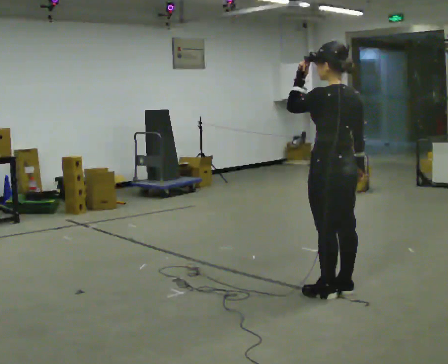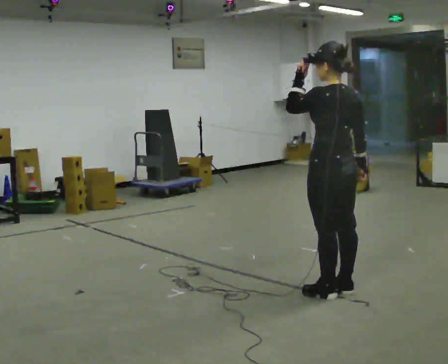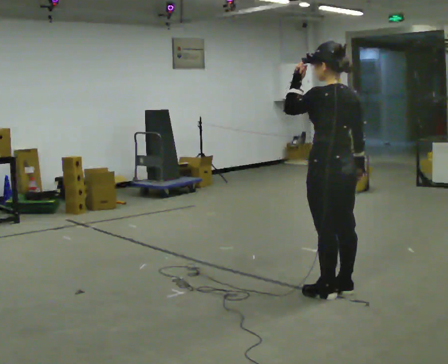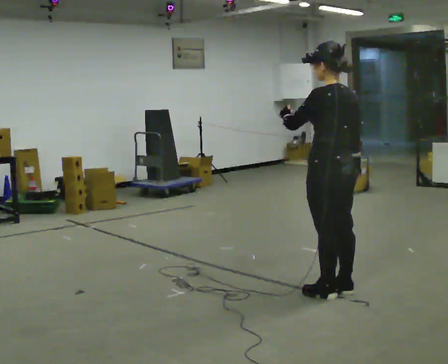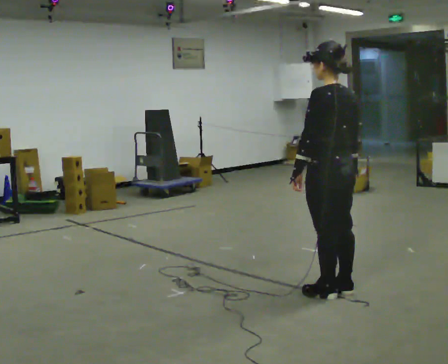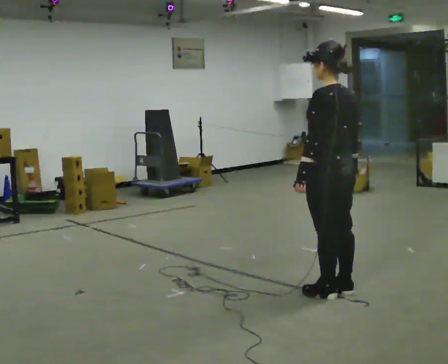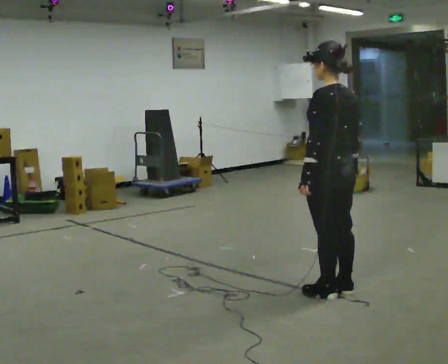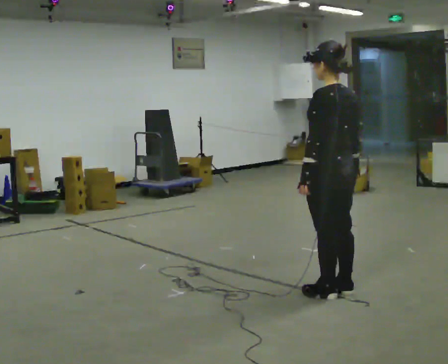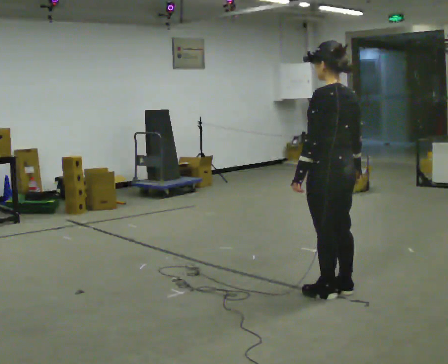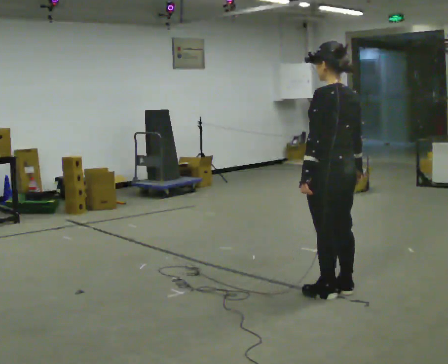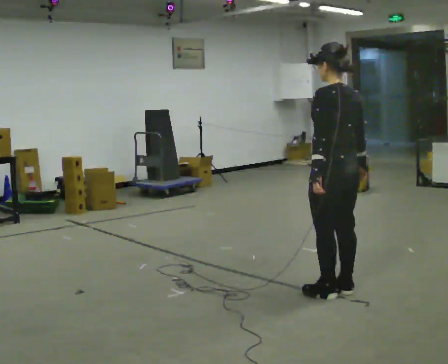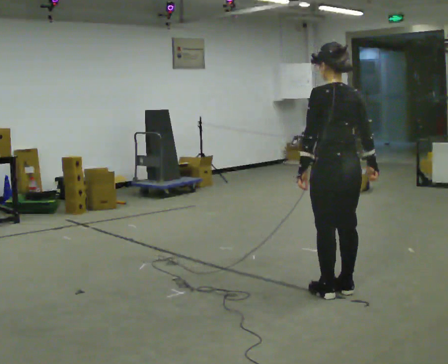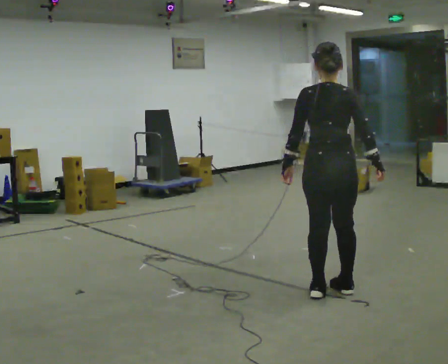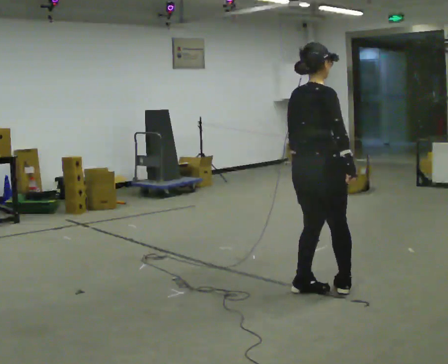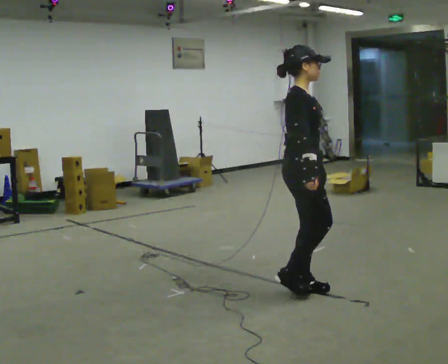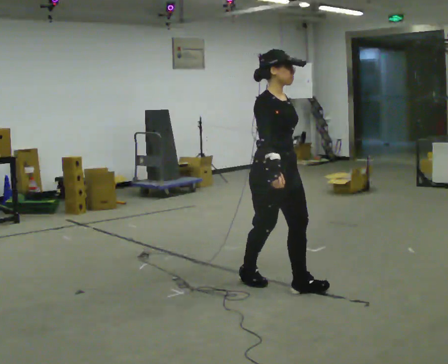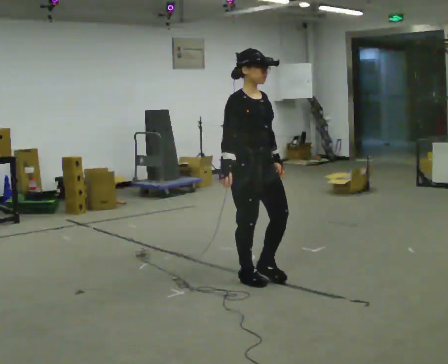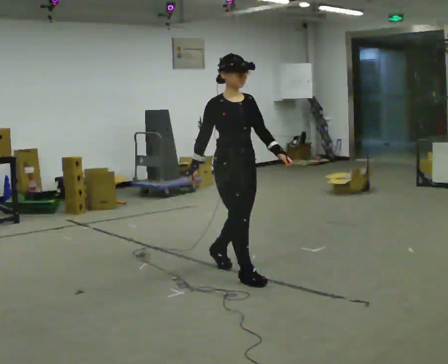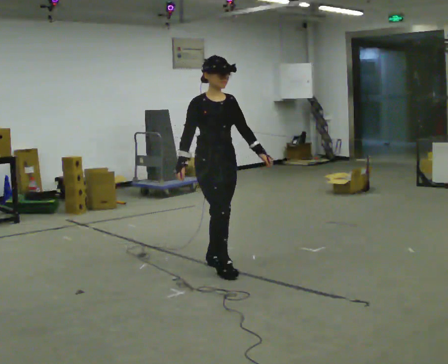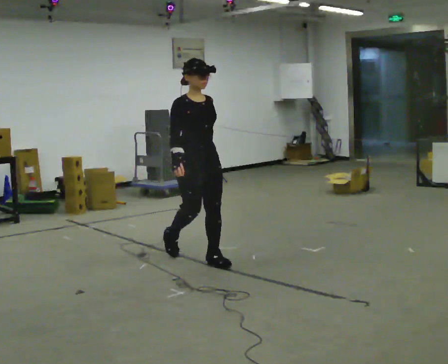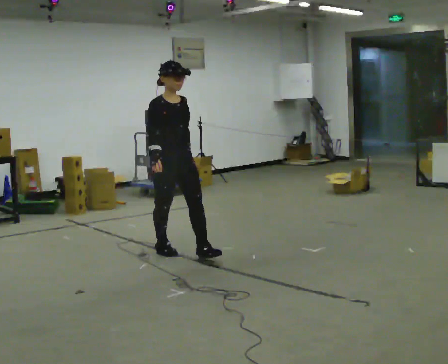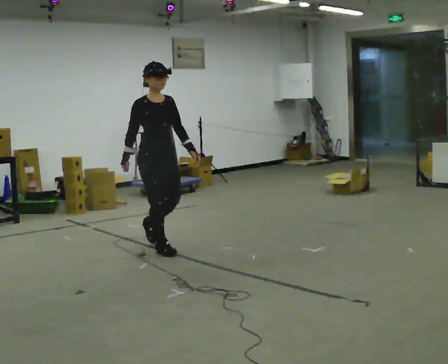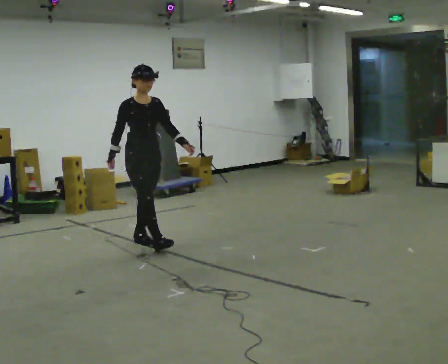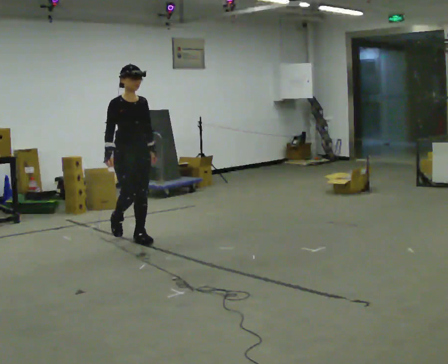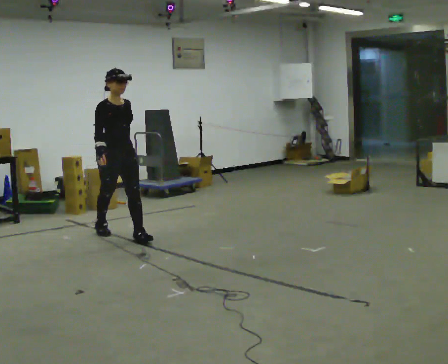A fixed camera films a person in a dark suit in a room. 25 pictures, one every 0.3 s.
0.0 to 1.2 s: In the picture their left hand goes downward.
1.2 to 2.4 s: The person moves a little, or ends about where they began.
2.4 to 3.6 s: The part of the body nearest the lens slides to the left as the person turns to their right by about 45 degrees.
3.6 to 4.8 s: The person turns about 135 degrees to their right, clockwise seen from above, so the part of the body nearest the lens slides to the left. In the picture they go to the left and away from the camera, about 0.5 m in 2 steps.
4.8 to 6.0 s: In the picture they go to the left and away from the camera, about 1 m in 2 steps, which for them is backward.
6.0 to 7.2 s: In the picture they go to the left and away from the camera, about 1 m in 1 step, which for them is backward.
The film runs backward here.
